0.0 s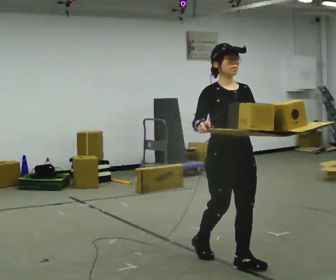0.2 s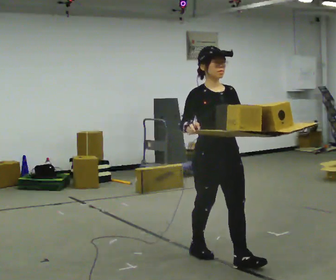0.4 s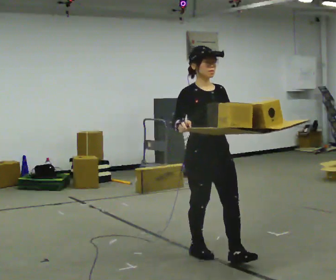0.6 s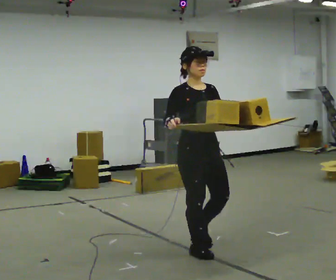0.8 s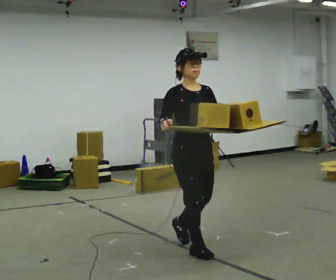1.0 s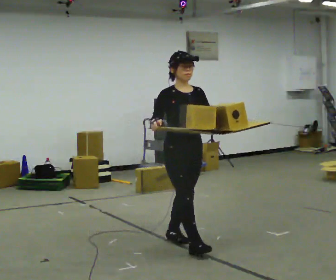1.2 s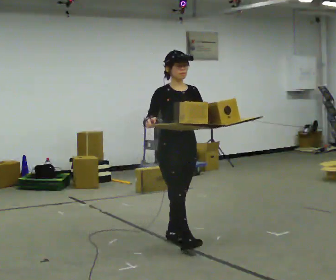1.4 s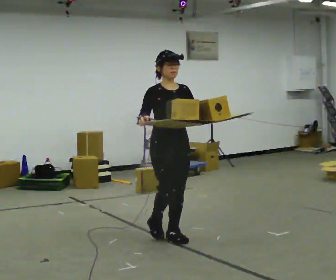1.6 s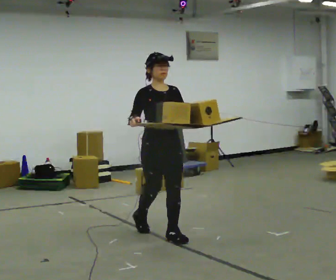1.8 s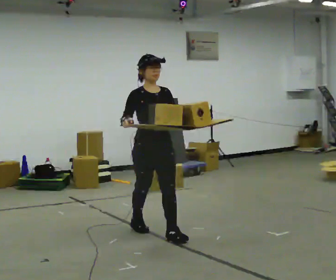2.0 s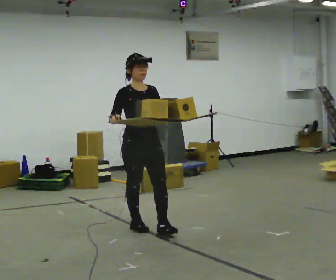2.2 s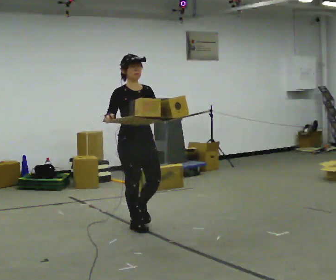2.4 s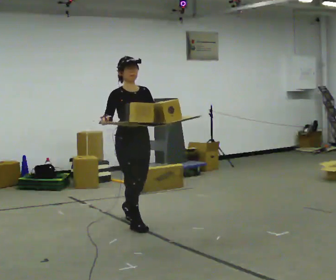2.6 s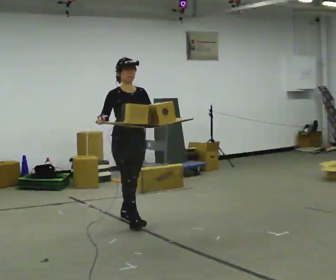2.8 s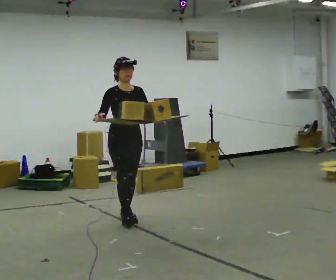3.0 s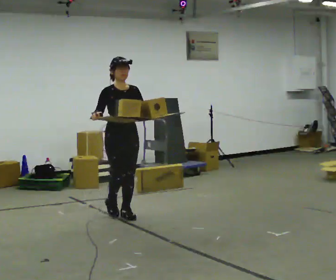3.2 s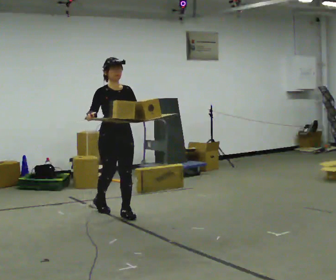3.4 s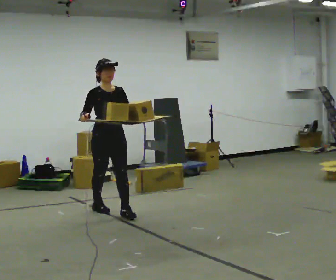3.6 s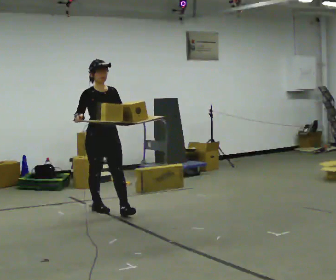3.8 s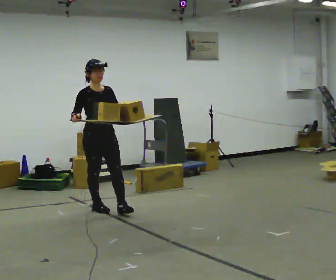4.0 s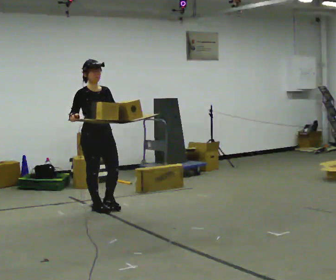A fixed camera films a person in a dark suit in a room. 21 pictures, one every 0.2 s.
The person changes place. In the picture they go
away from the camera.
0.0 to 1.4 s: In the picture they go away from the camera and to the left, about 1 m in 2 steps, which for them is backward.
1.4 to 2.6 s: In the picture they go away from the camera and to the left, about 1 m in 1 step, which for them is backward.
2.6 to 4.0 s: In the picture they go away from the camera and to the left, about 0.5 m in 2 steps, which for them is backward.
The film runs backward here.
